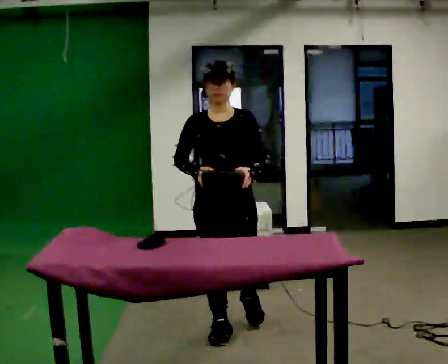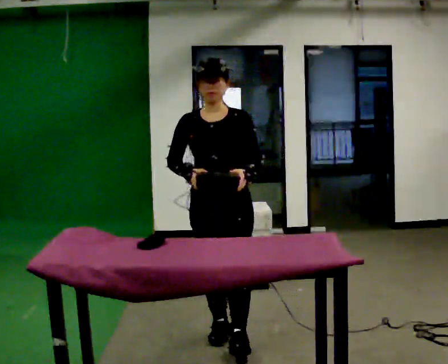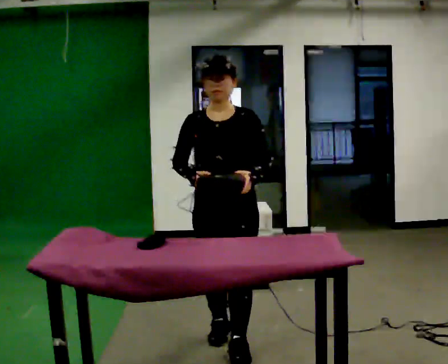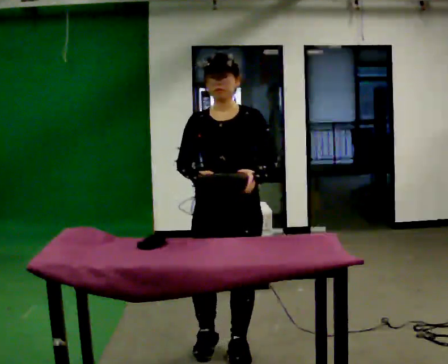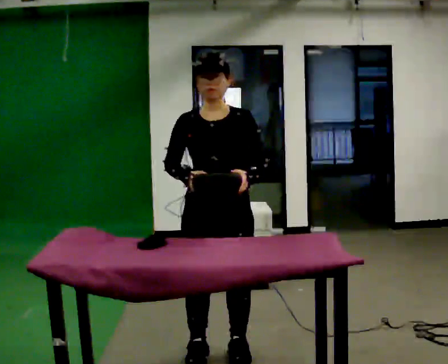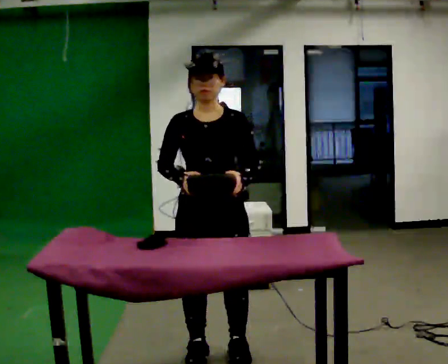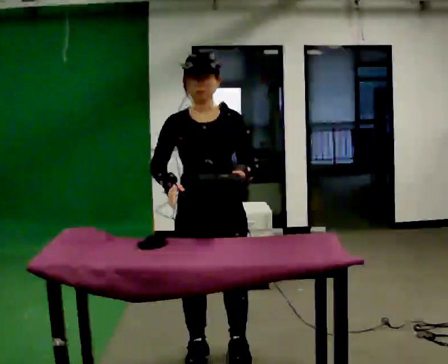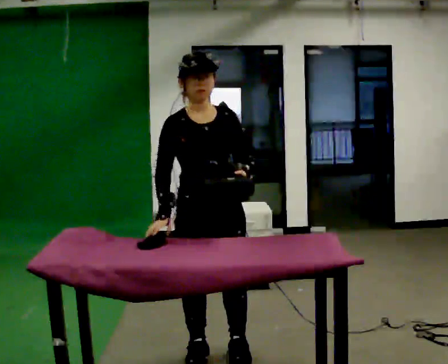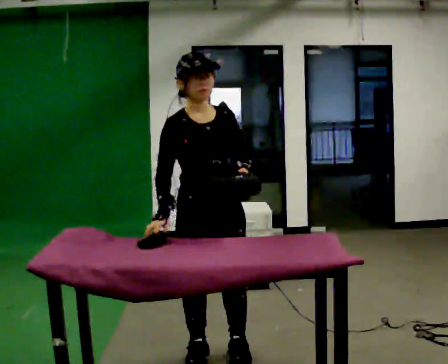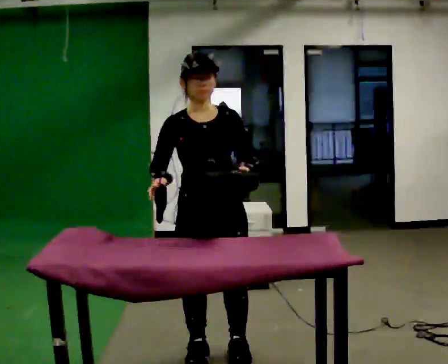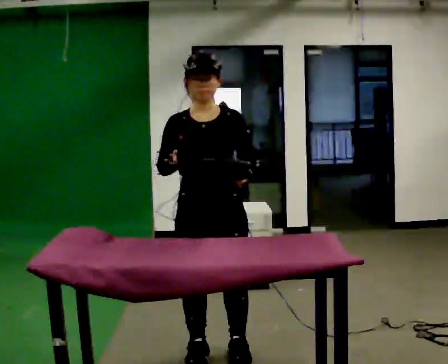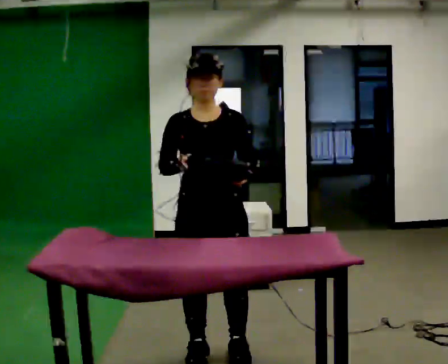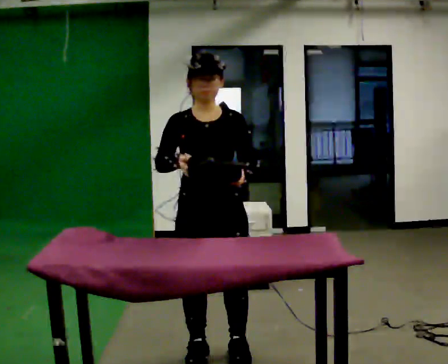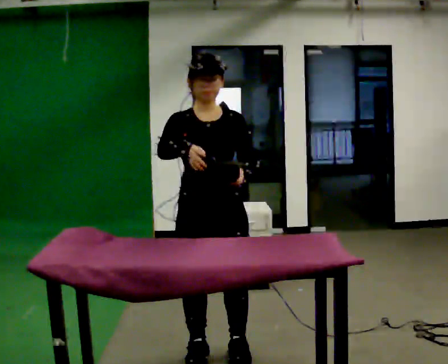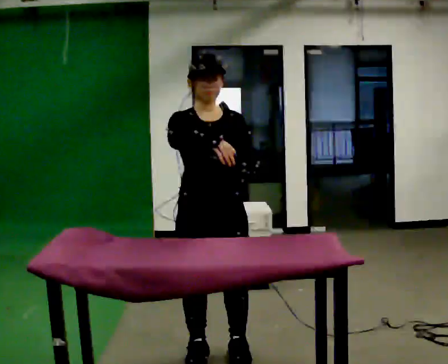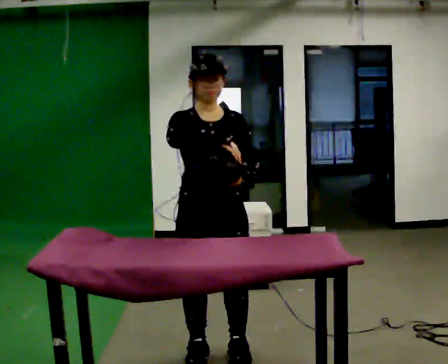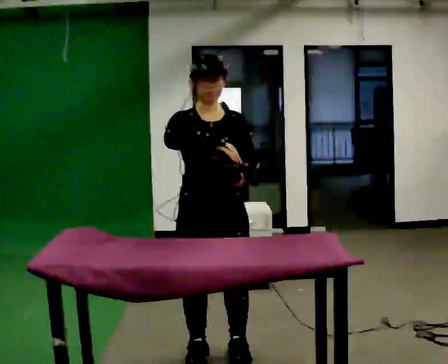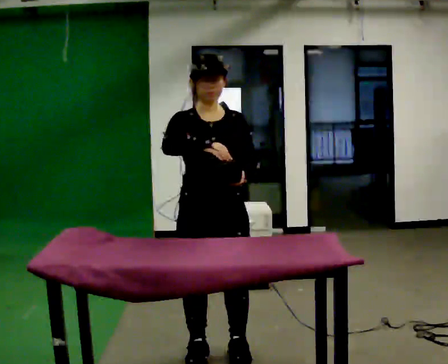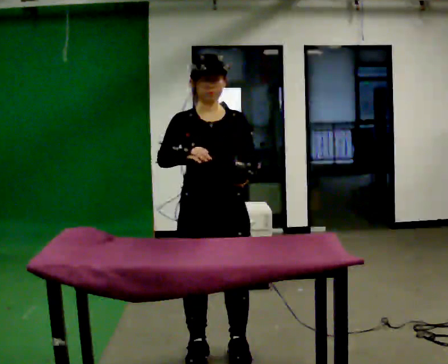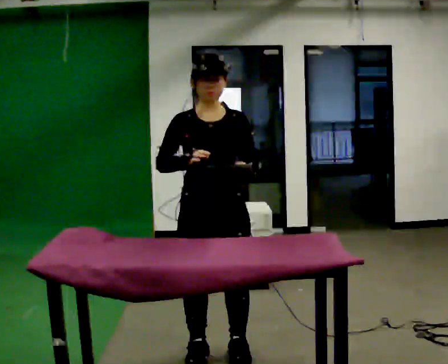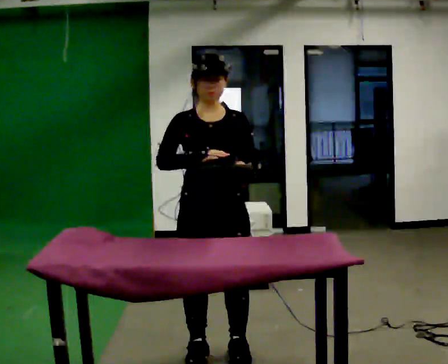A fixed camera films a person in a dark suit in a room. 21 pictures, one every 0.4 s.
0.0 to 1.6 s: In the picture they go toward the camera, about 0.5 m in 2 steps, which for them is forward.
1.6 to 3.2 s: The part of the body nearest the lens slides to the right as the person turns to their left by about 30 degrees.
3.2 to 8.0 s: The person moves a little, or ends about where they began.
The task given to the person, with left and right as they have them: Clear everything off the table and put it away on the shelf, in as many trips as you need. Keep going until the operator says stop; one object at a time, and do not rush between trips.
The film runs forward here.
